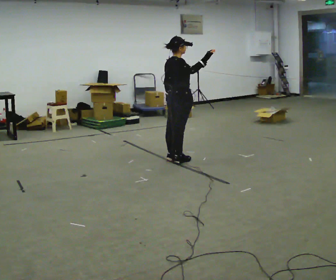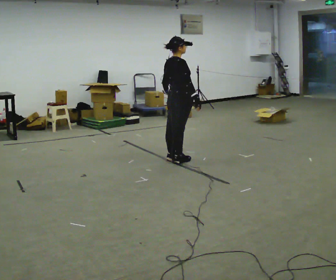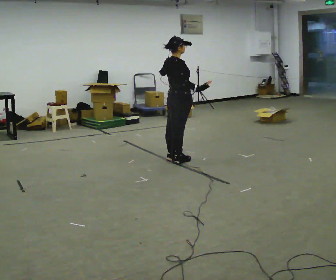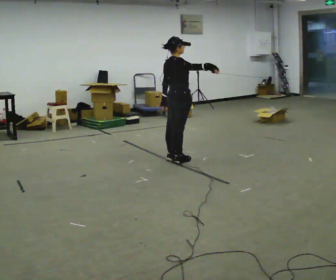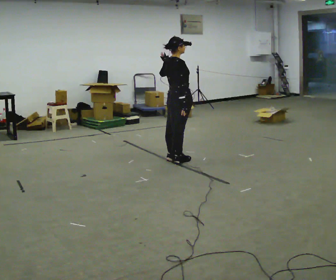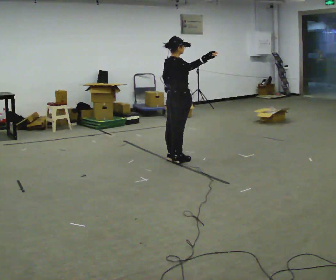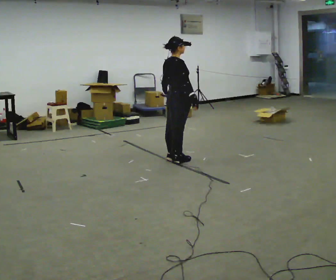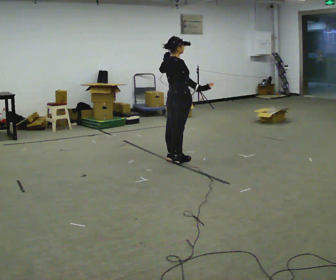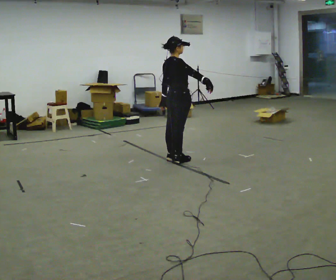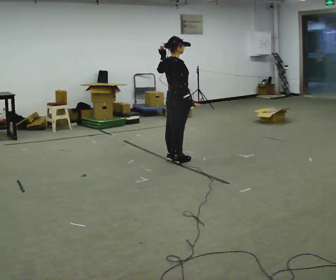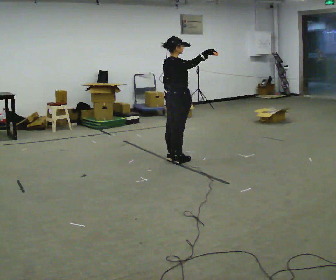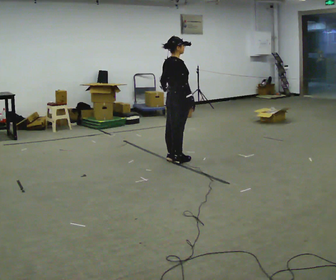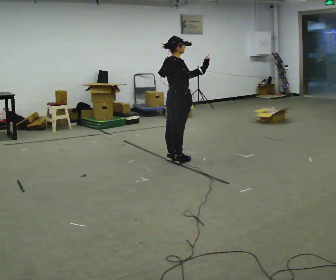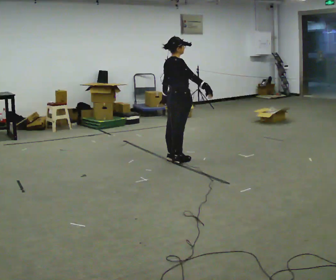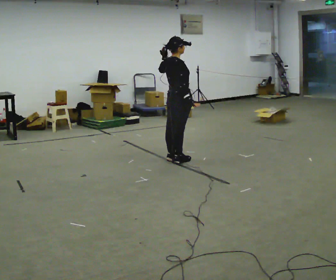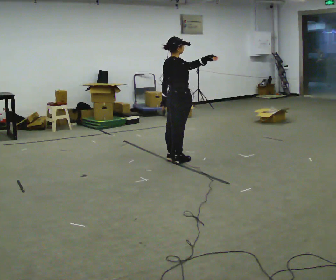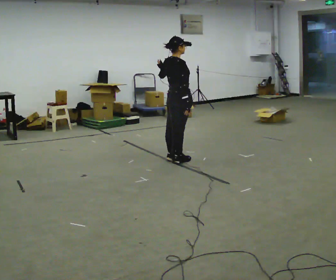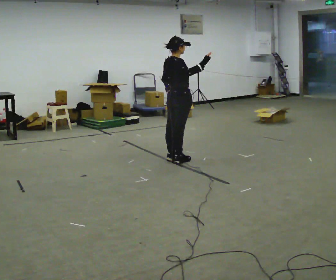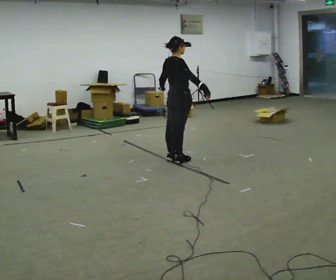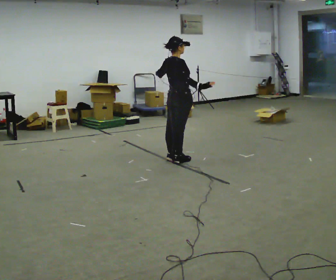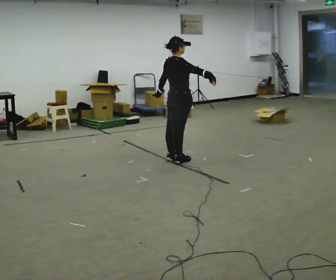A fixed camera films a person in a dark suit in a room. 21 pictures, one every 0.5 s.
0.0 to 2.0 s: In the picture their right hand goes downward.
2.0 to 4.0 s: In the picture their right hand goes upward.
4.0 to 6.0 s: In the picture their left hand goes upward.
6.0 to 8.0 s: In the picture their right hand goes downward.
8.0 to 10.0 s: In the picture their right hand goes upward.
The film runs backward here.
